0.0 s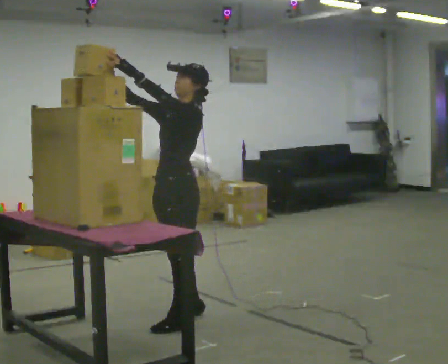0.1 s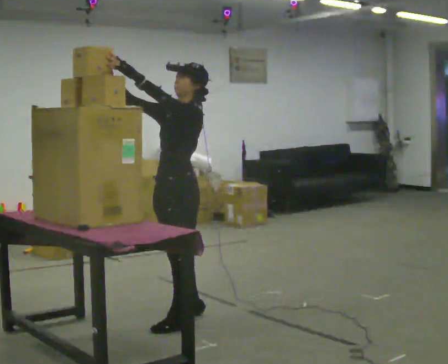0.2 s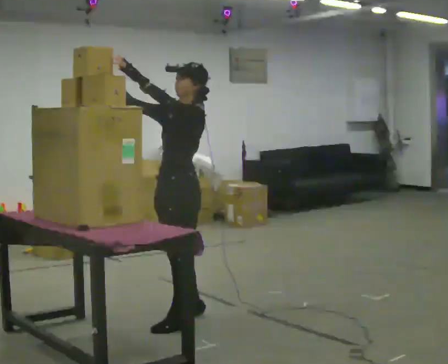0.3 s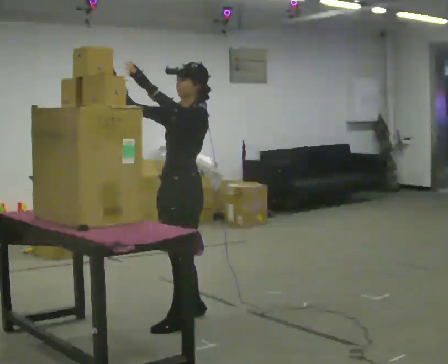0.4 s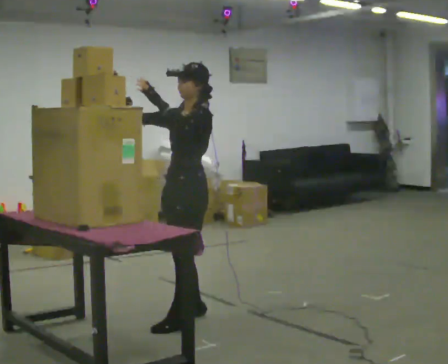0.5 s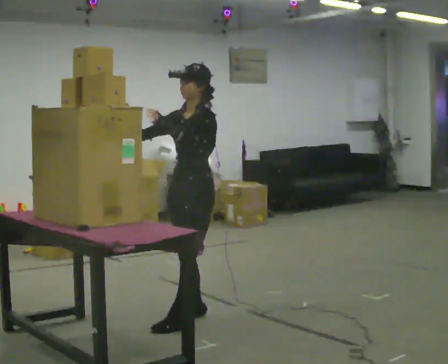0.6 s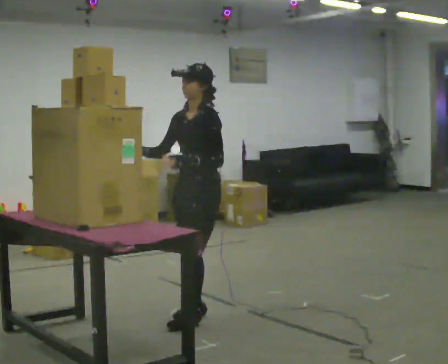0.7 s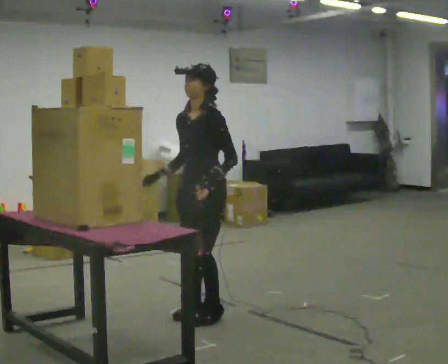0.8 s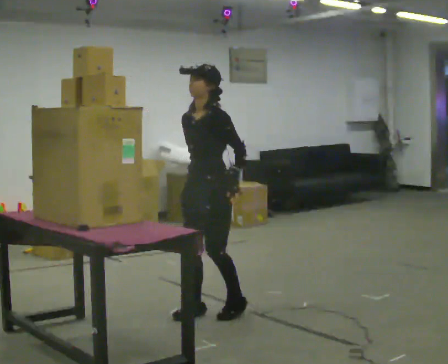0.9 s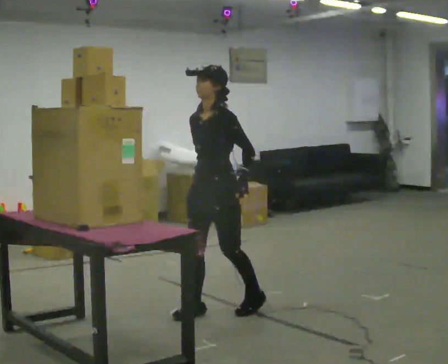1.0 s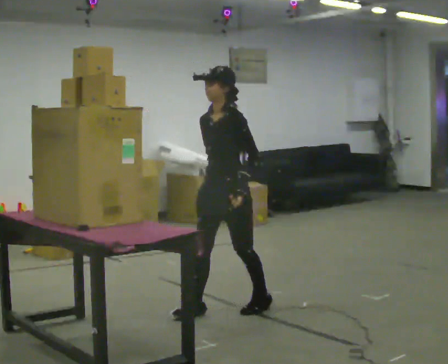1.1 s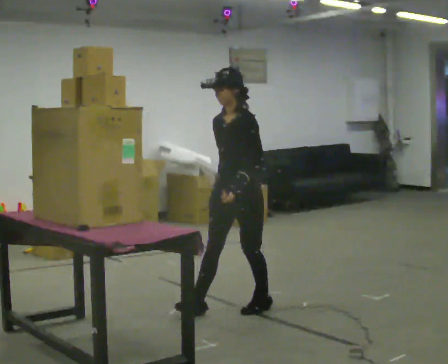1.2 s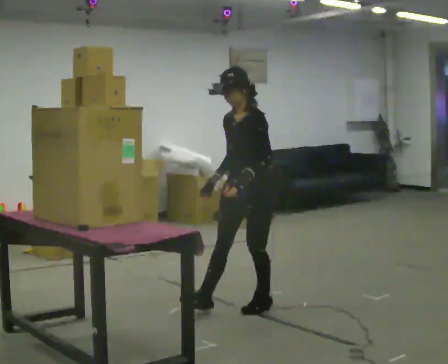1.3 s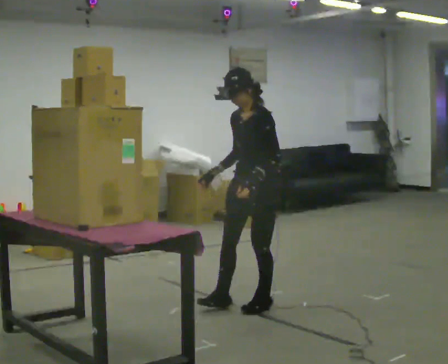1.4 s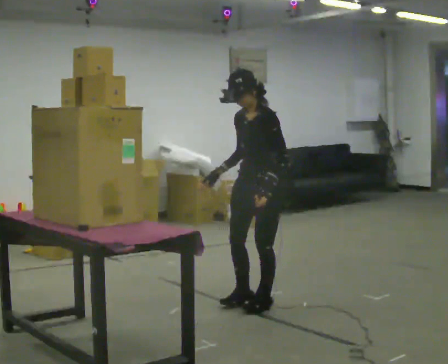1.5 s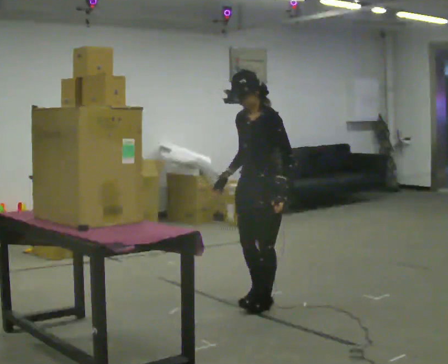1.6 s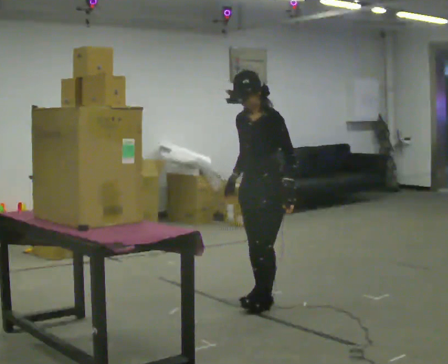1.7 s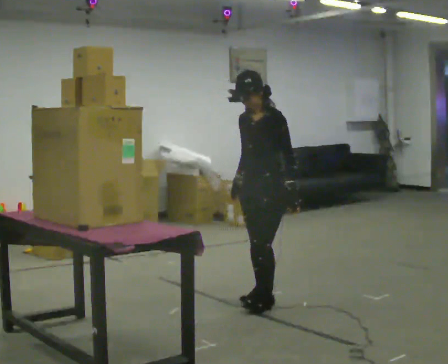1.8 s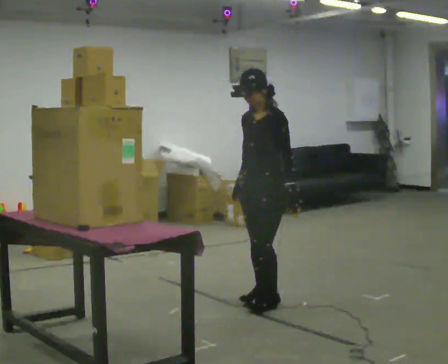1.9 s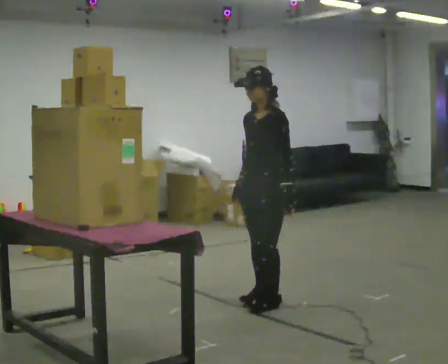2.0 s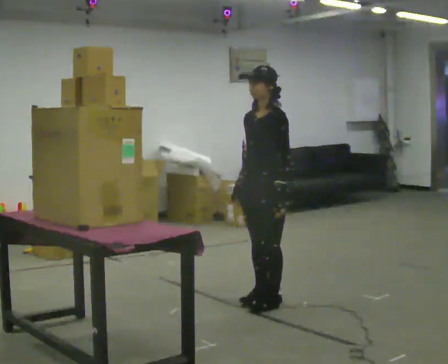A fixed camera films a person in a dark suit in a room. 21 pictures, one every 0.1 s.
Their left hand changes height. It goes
downward.
Their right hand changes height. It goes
downward.
0.0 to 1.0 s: In the picture they go to the right and away from the camera, about 0.5 m in 1 step, which for them is backward. In the picture their right hand goes downward, the arm swinging counterclockwise.
1.0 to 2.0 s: In the picture they go to the right and away from the camera, about 0.25 m in 1 step, which for them is backward.
The film runs forward here.
